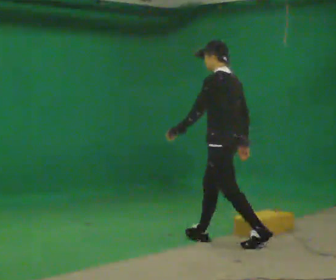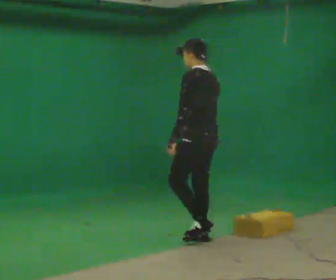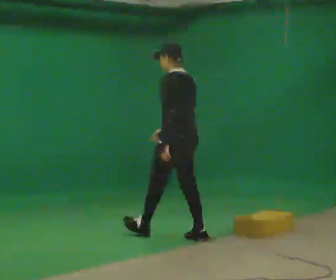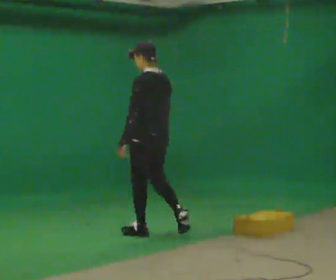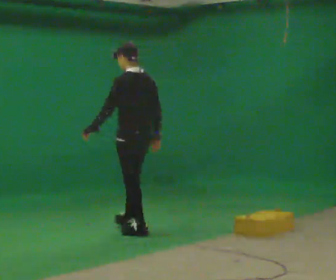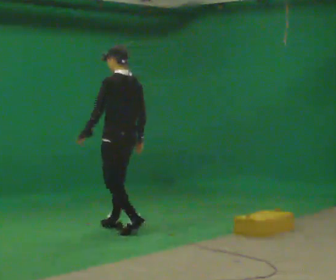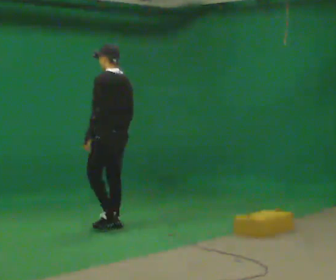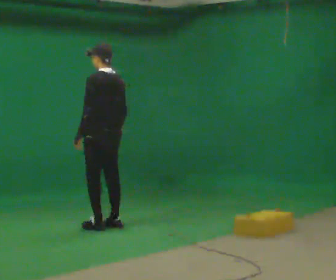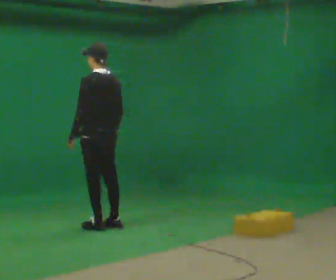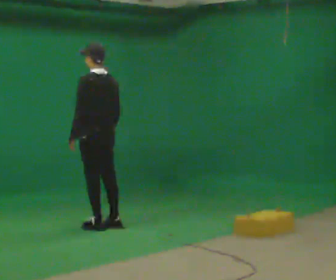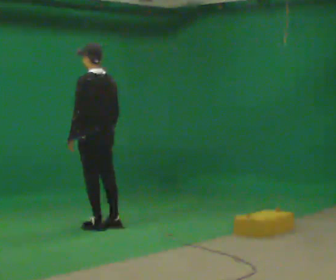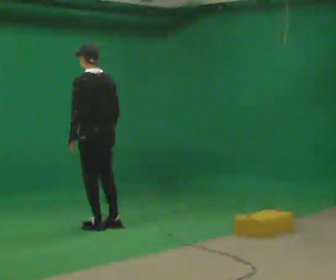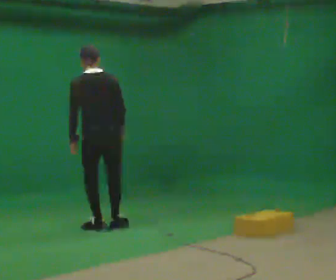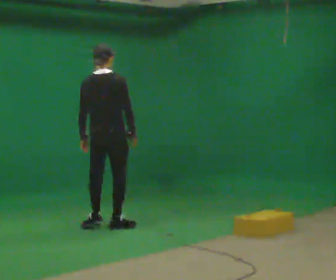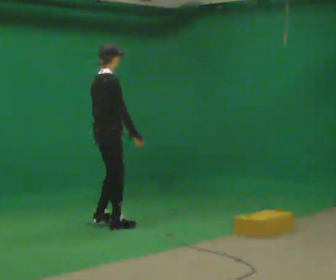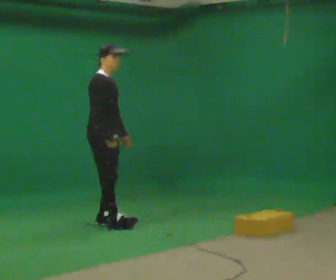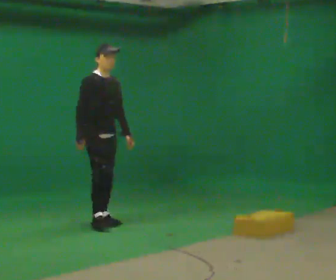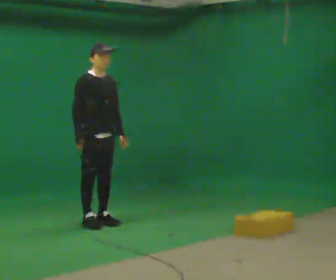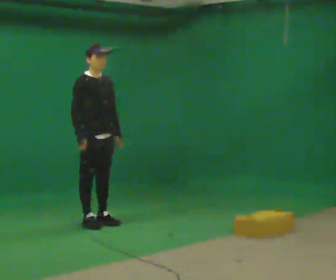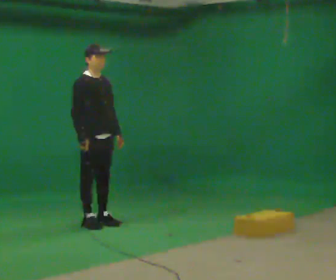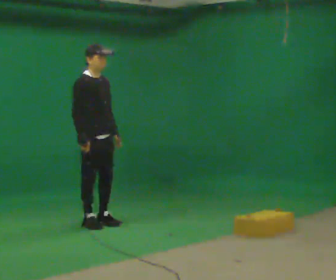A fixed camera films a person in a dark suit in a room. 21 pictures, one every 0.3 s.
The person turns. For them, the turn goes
to their right.
The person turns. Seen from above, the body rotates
clockwise.
0.0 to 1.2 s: In the picture they go to the left and away from the camera, about 1 m in 1 step, which for them is forward.
1.2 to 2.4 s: In the picture they go to the left and away from the camera, about 0.5 m in 2 steps, which for them is forward.
2.4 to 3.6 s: Seen from above the body turns clockwise, about 30 degrees: to their right, with its near side sliding to the left.
3.6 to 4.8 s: The part of the body nearest the lens slides to the left as the person turns to their right by about 150 degrees. In the picture they go away from the camera, about 0.25 m in 1 step. In the picture the upper body tilts clockwise, shoulders to the right. In the picture their right hand goes to the left.
4.8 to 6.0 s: The person moves a little, or ends about where they began.
The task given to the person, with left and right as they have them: Start still; walk straight at normal comfortable speed; stop at endpoint.
The film runs forward here.
